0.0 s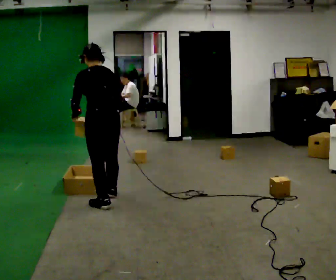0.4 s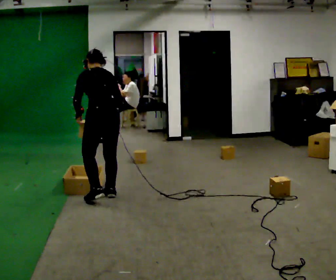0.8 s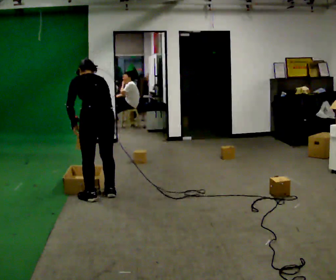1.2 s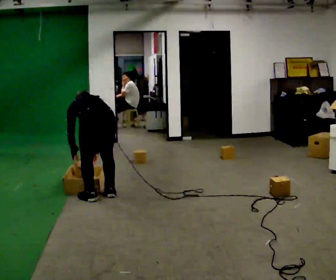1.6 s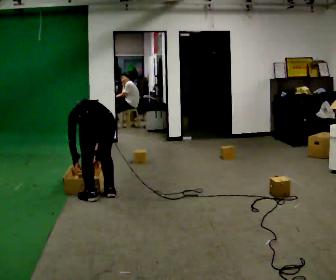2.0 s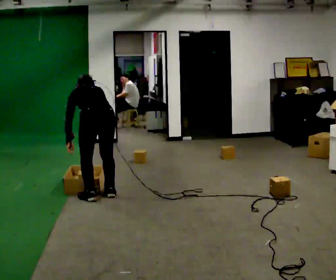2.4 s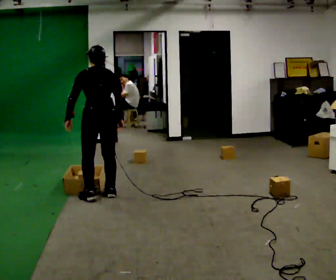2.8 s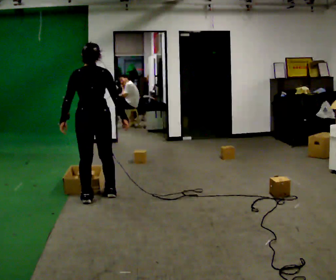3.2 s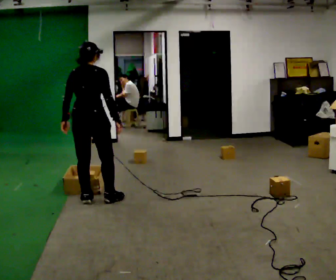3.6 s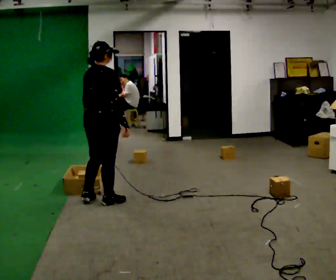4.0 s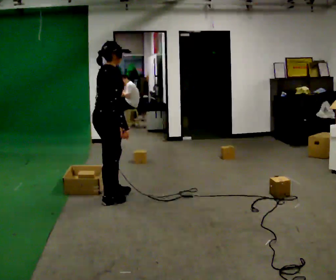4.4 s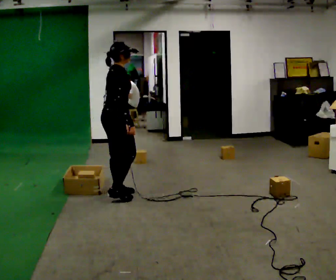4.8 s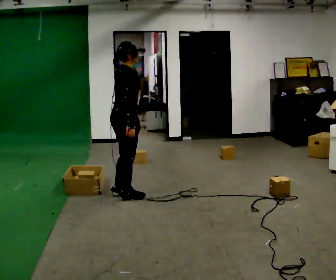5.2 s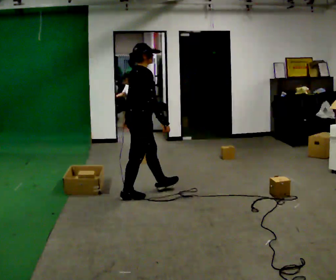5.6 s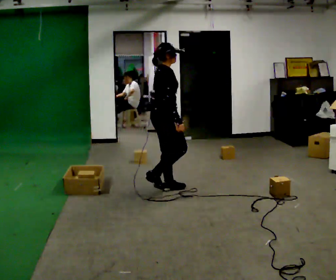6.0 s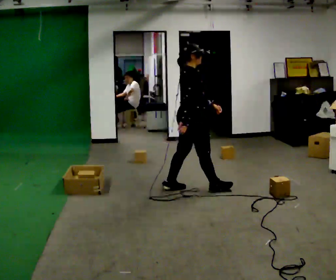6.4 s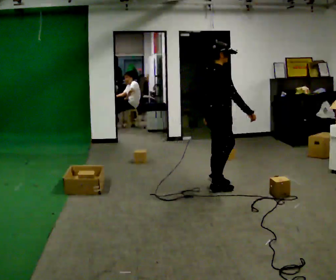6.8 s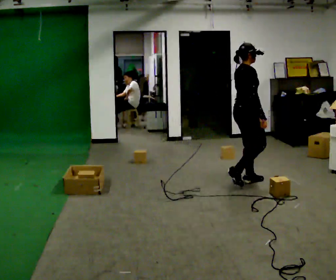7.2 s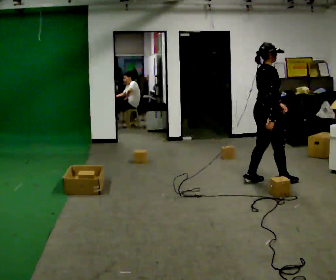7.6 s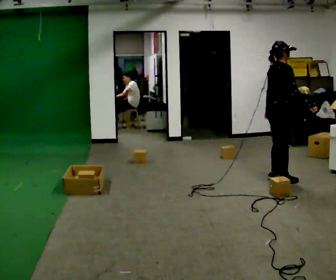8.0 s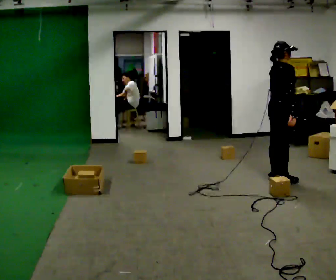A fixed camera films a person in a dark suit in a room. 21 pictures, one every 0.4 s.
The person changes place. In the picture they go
to the right.
0.0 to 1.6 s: The shoulders move downward. The upper body tips away from the camera, its near side rolling upward, as they bend forward. In the picture their right hand goes downward.
1.6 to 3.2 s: The person turns about 45 degrees to their right, clockwise seen from above, so the part of the body nearest the lens slides to the left. The shoulders move upward. The upper body tips toward the camera, its near side rolling downward, as they lean back or straighten. In the picture their right hand goes upward.
3.2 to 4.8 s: Seen from above the body turns clockwise, about 60 degrees: to their right, with its near side sliding to the left. In the picture they go to the right, about 0.25 m in 3 steps, which for them is forward.
4.8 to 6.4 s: In the picture they go to the right, about 1 m in 2 steps, which for them is forward.
6.4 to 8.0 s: In the picture they go to the right, about 0.5 m in 3 steps, which for them is forward.
The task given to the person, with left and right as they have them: Take the objects from the bin one at a time and put one in each of the places the operator points out. Keep going until the operator says stop; one object at a time, and do not rush between trips.
The film runs forward here.
